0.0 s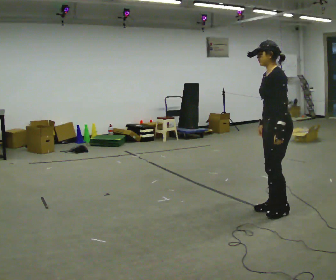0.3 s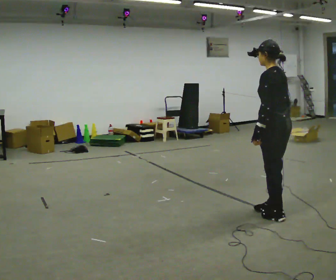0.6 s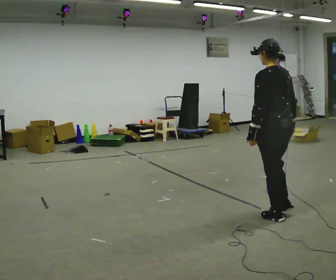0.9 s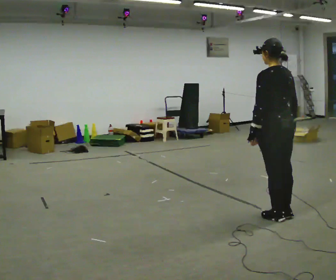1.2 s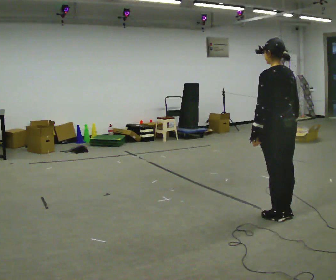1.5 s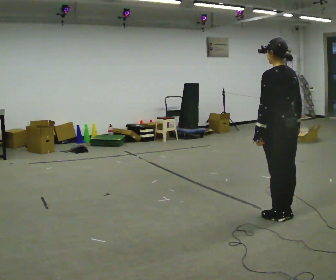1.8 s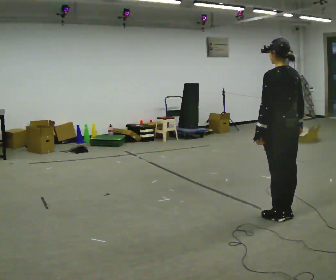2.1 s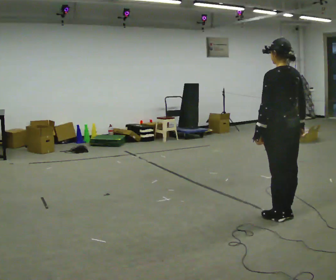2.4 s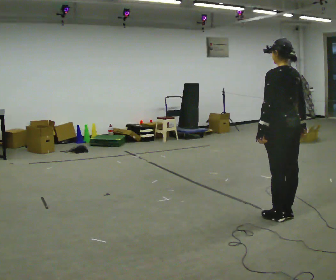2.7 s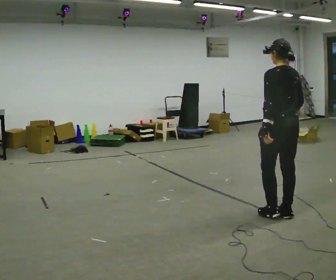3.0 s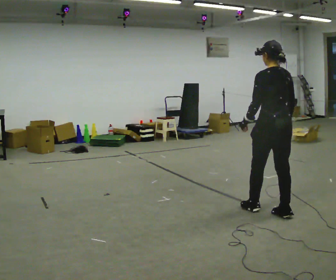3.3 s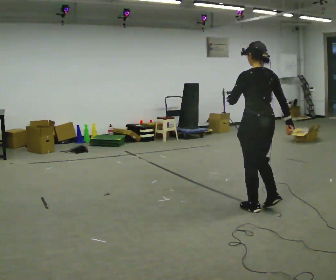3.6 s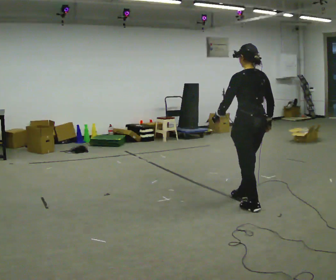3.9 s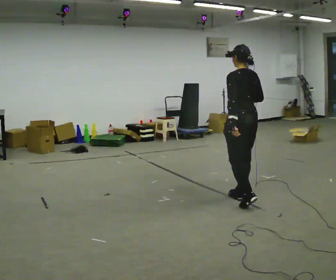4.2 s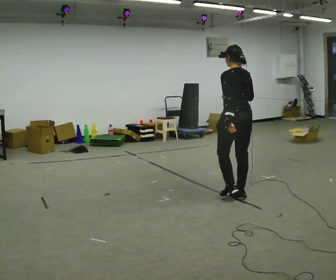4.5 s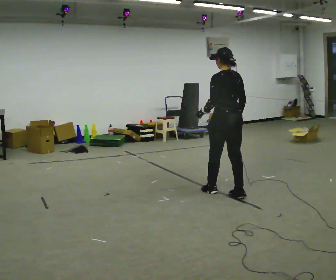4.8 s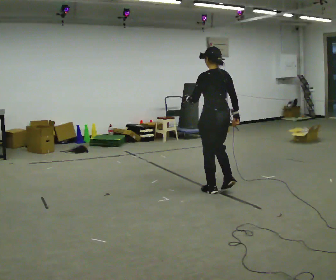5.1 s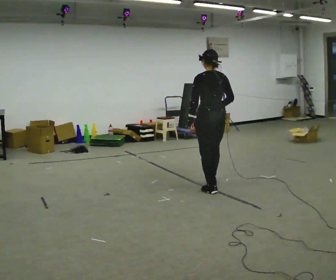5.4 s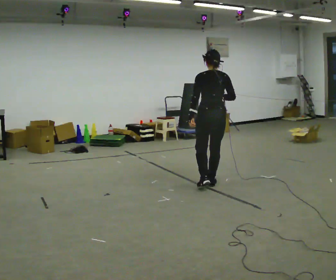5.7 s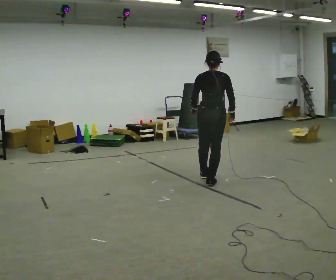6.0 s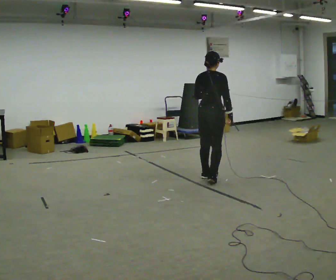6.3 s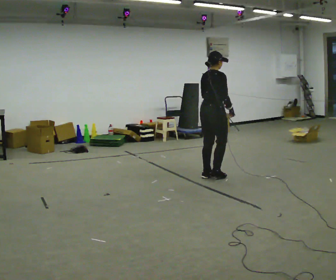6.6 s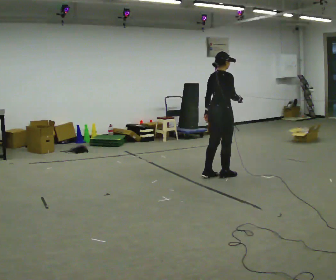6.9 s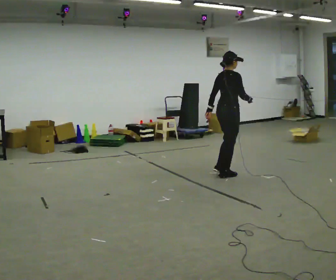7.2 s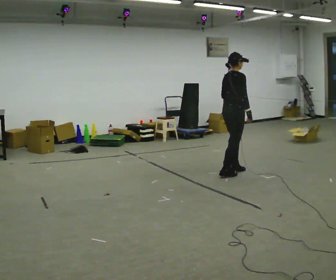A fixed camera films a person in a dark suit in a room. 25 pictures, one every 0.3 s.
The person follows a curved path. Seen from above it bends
clockwise.
The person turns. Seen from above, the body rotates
clockwise.
0.0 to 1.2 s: The person turns about 60 degrees to their right, clockwise seen from above, so the part of the body nearest the lens slides to the left.
1.2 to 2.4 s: The person moves a little, or ends about where they began.
2.4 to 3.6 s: In the picture they go away from the camera and to the left, about 0.5 m in 2 steps, which for them is forward.
3.6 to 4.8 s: In the picture they go away from the camera and to the left, about 0.5 m in 2 steps, which for them is forward.
4.8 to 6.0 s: The part of the body nearest the lens slides to the left as the person turns to their right by about 60 degrees. In the picture they go away from the camera, about 0.5 m in 1 step.
6.0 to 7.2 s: The person turns about 30 degrees to their right, clockwise seen from above, so the part of the body nearest the lens slides to the left. In the picture they go away from the camera and to the right, about 0.5 m in 2 steps, which for them is forward.
The film runs backward here.
